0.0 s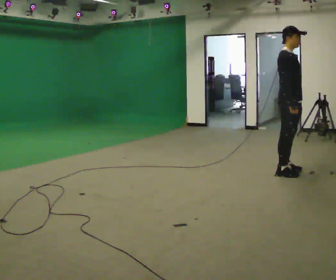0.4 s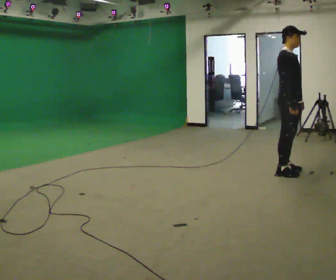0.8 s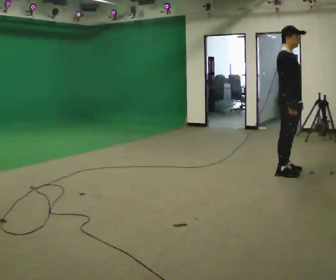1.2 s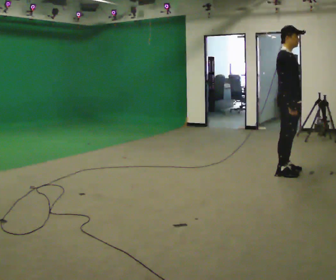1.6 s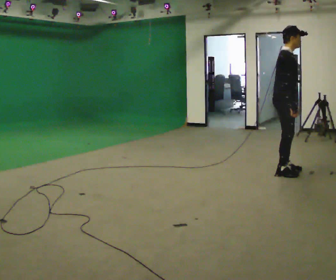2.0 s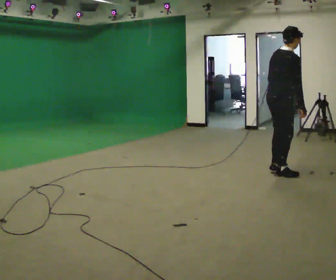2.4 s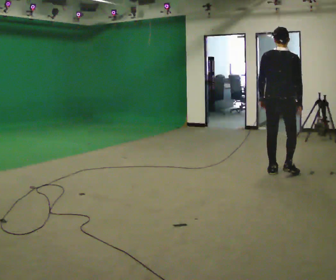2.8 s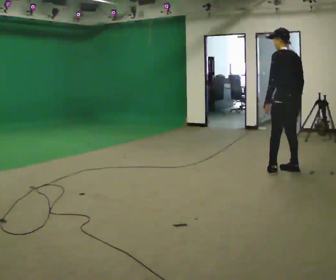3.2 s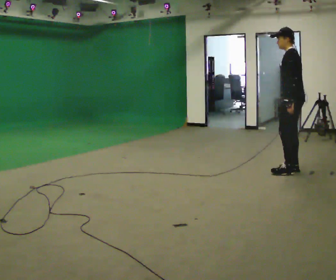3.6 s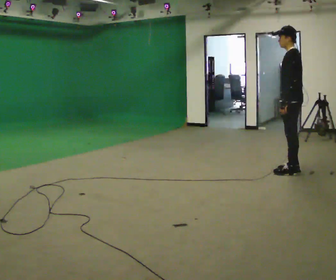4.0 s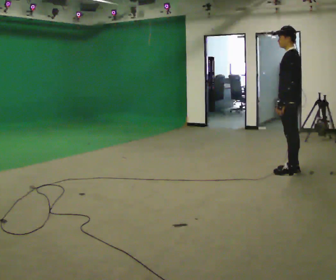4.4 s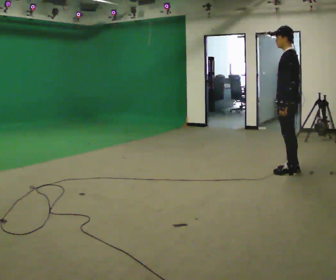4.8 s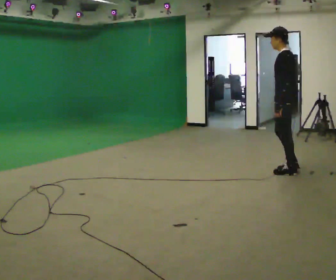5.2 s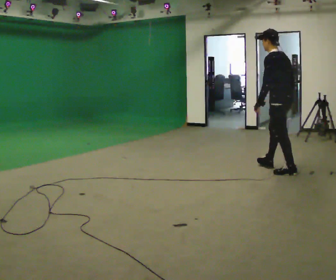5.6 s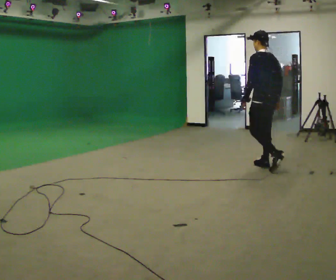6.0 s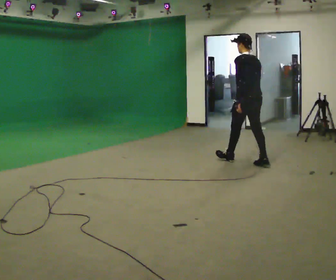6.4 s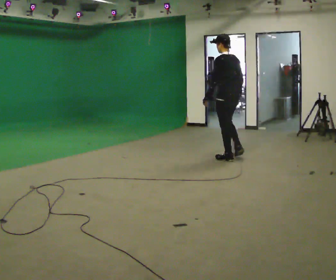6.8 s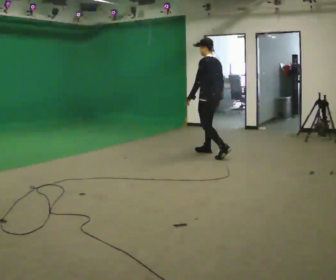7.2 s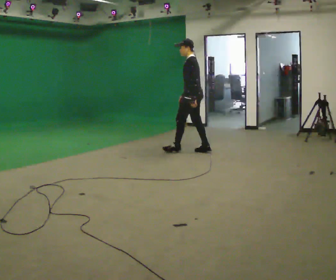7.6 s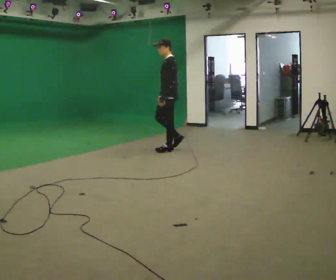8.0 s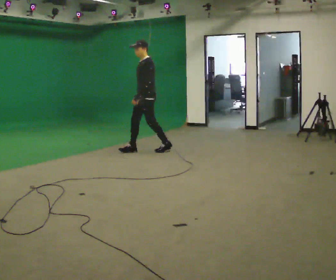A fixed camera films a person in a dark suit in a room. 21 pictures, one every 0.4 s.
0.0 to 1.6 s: The person moves a little, or ends about where they began.
1.6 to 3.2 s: The person turns about 165 degrees to their left, counterclockwise seen from above, so the part of the body nearest the lens slides to the right. In the picture they go to the right, about 0.25 m in 2 steps.
3.2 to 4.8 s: The person moves a little, or ends about where they began.
4.8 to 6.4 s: In the picture they go to the left and away from the camera, about 1 m in 2 steps, which for them is forward.
6.4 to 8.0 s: The part of the body nearest the lens slides to the right as the person turns to their left by about 75 degrees. In the picture they go to the left, about 1.5 m in 3 steps.
The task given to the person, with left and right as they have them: Walk forward; gradually curve left/right; straighten out.
The film runs forward here.
